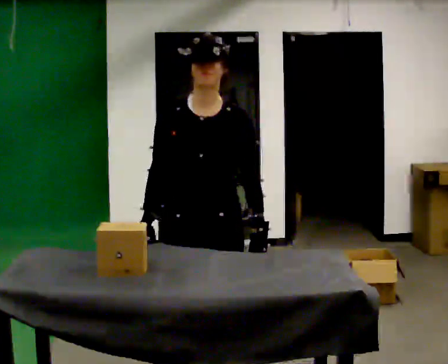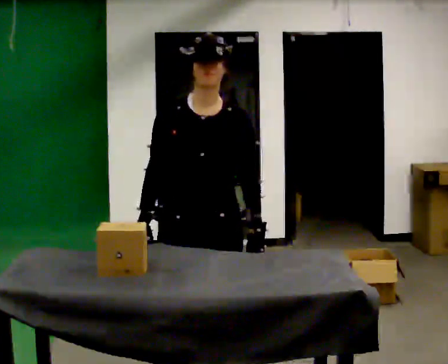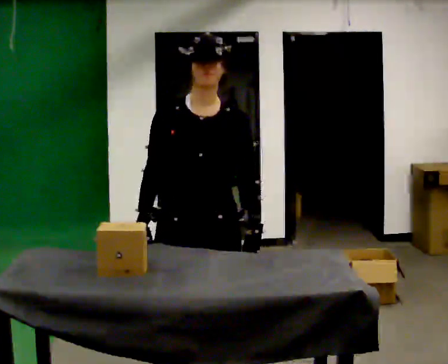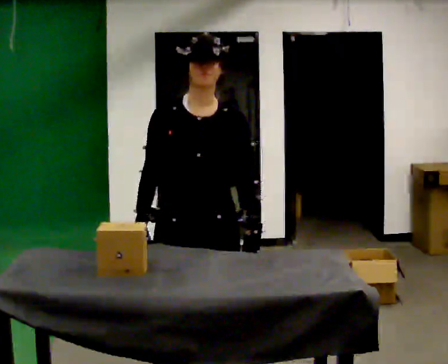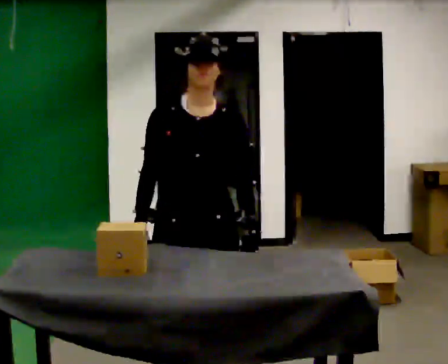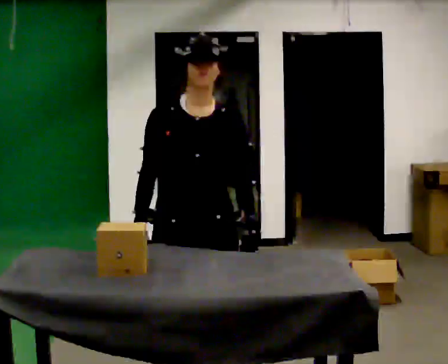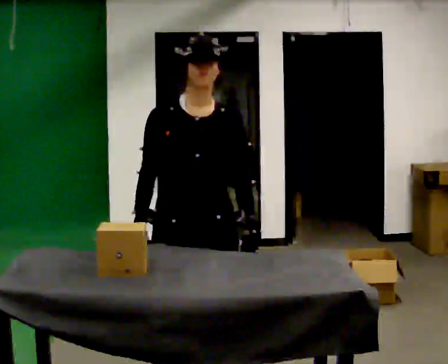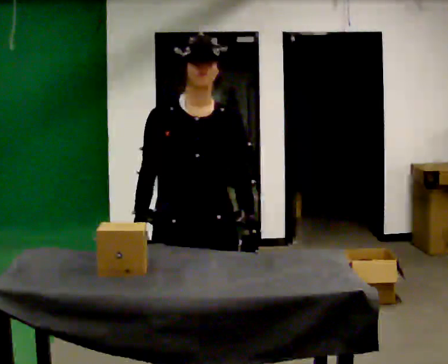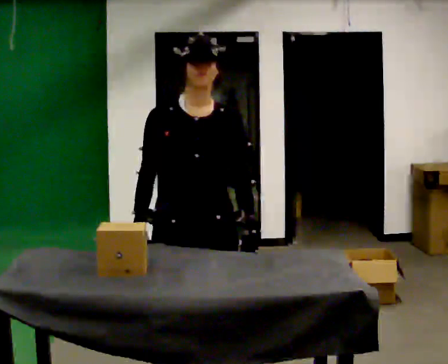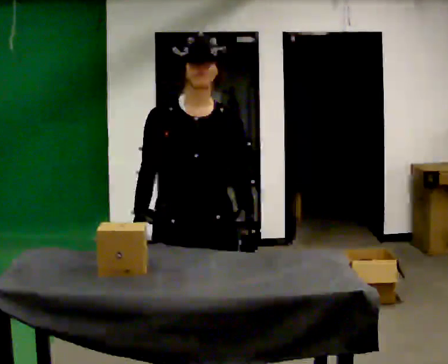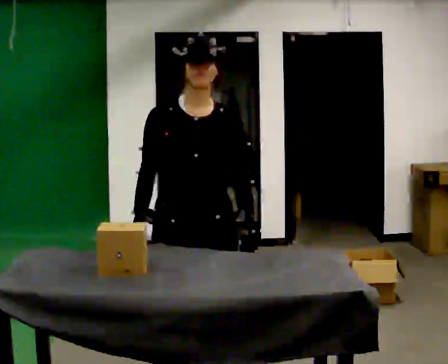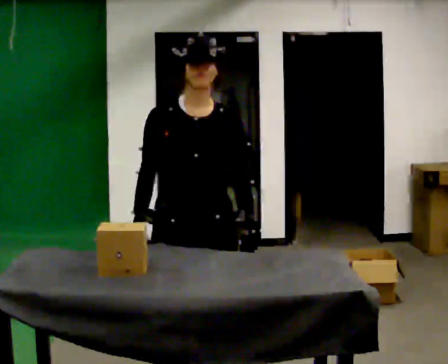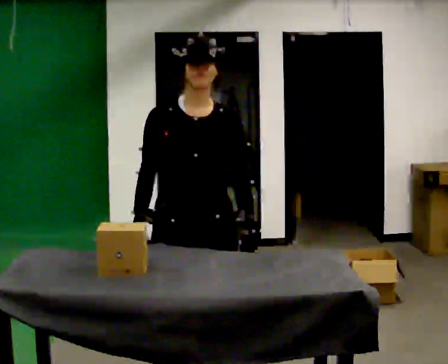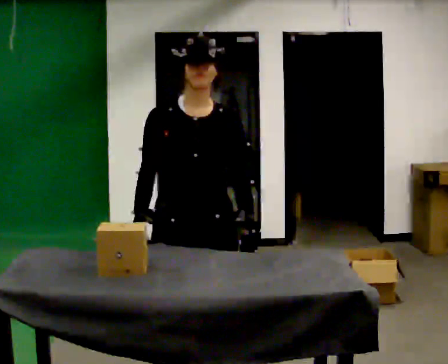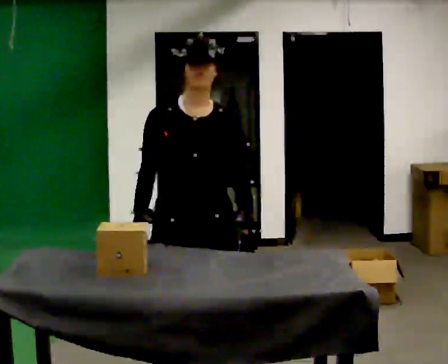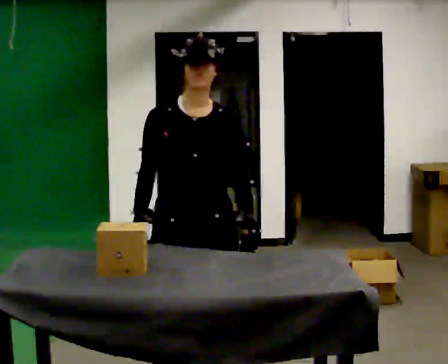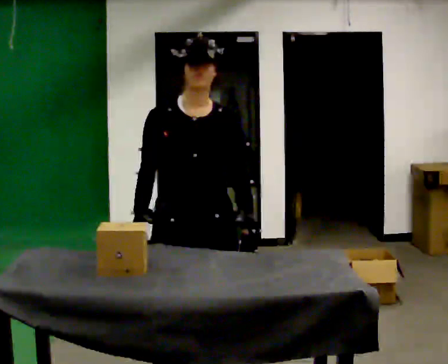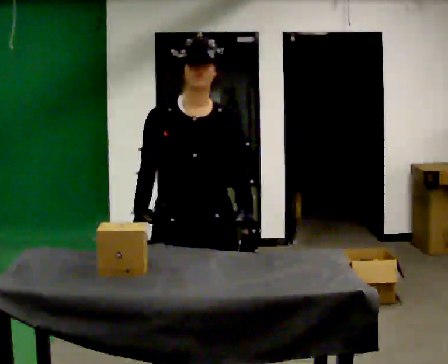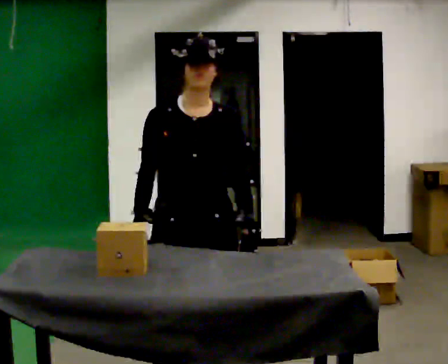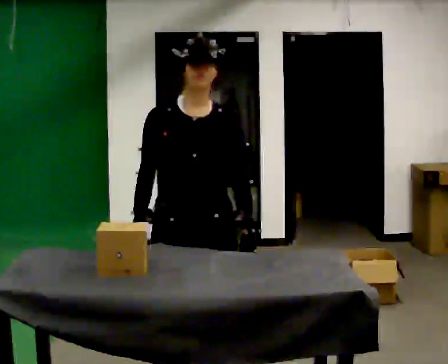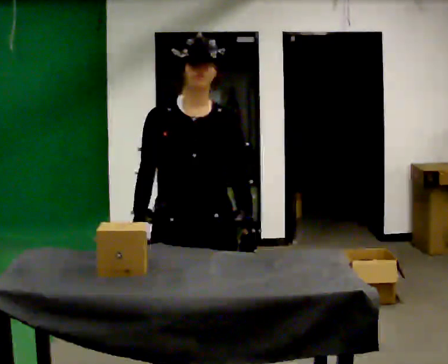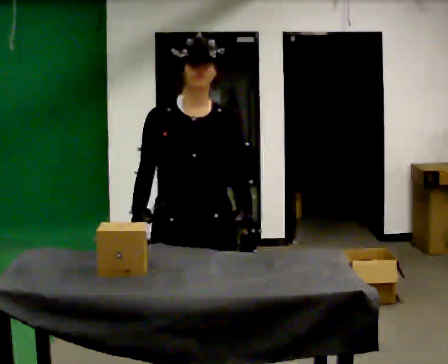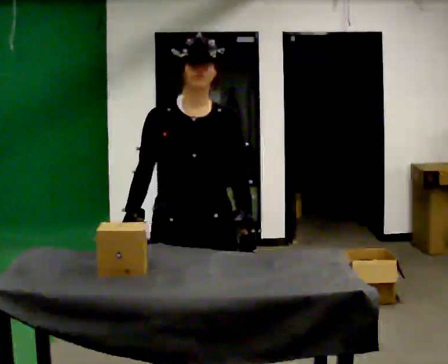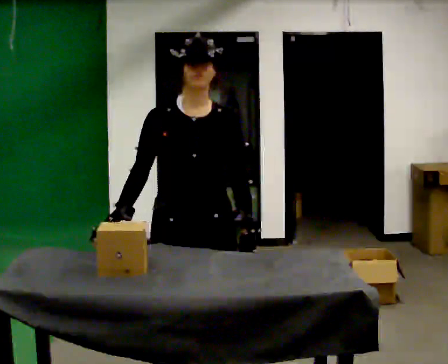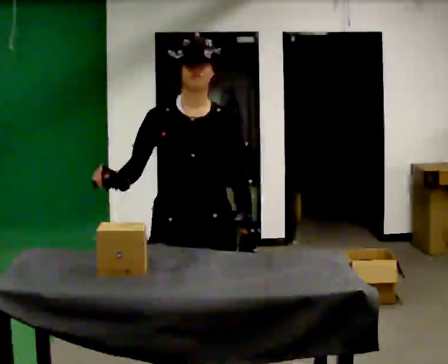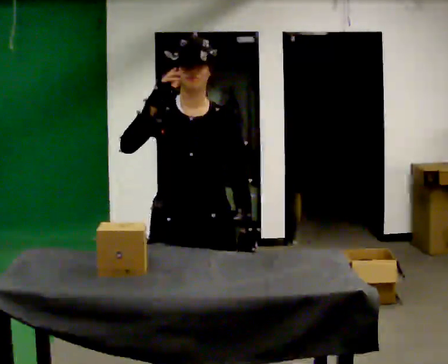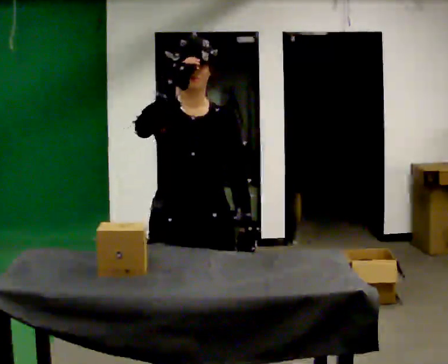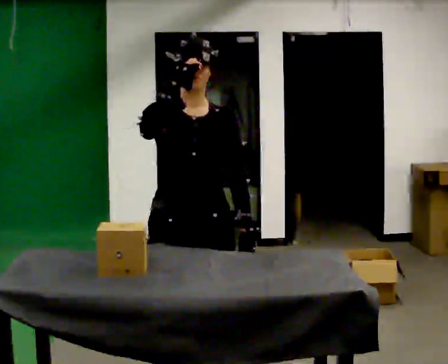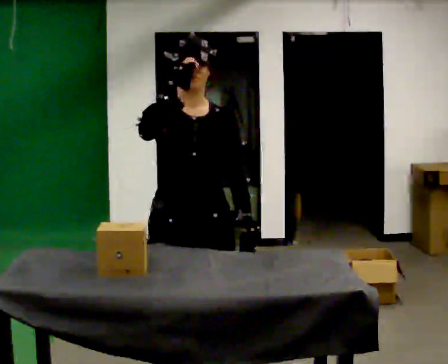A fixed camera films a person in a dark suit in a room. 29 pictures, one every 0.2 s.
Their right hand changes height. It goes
upward.
0.0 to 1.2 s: The person moves a little, or ends about where they began.
1.2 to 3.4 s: The person keeps their place and pose.
3.4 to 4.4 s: The person moves a little, or ends about where they began.
4.4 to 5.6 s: In the picture their right hand goes upward.
The film runs forward here.
